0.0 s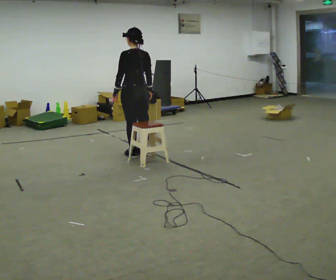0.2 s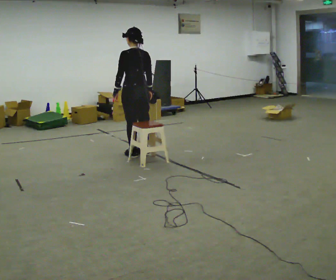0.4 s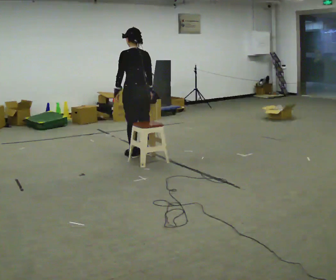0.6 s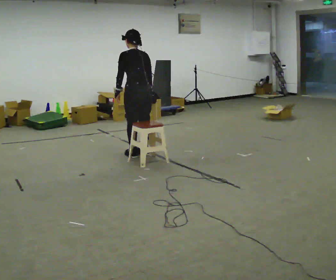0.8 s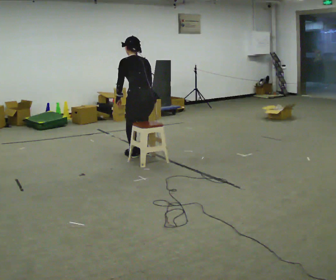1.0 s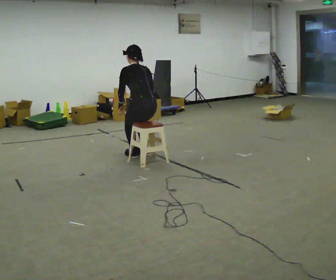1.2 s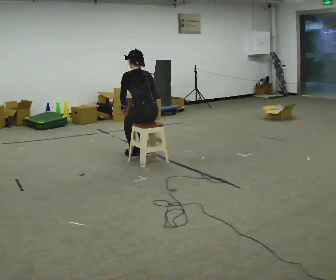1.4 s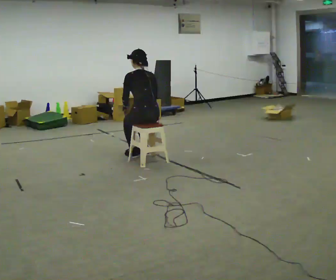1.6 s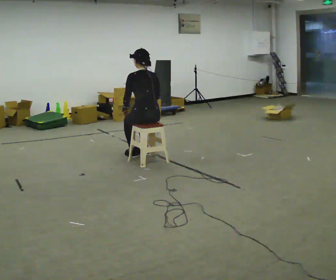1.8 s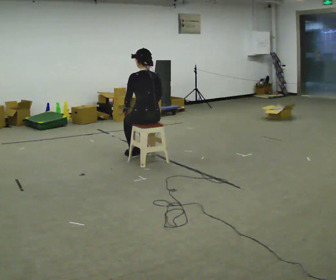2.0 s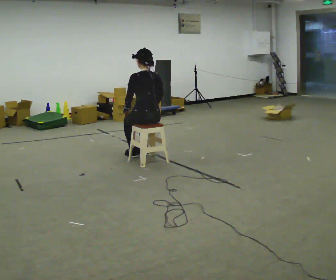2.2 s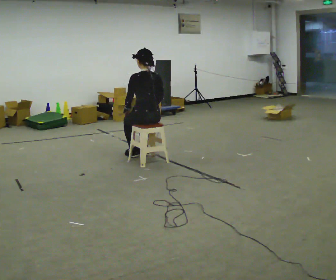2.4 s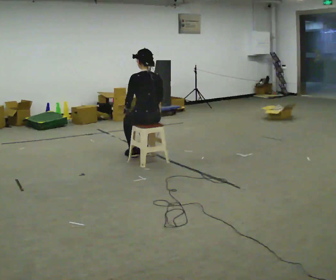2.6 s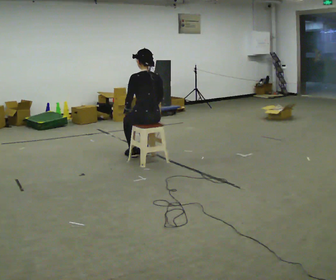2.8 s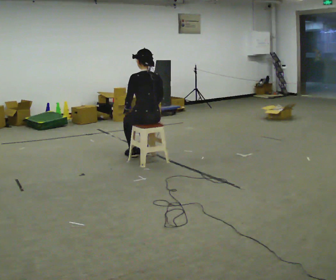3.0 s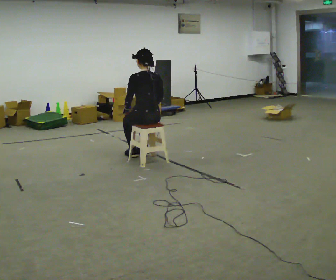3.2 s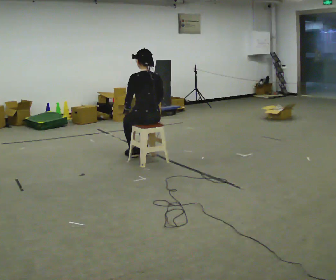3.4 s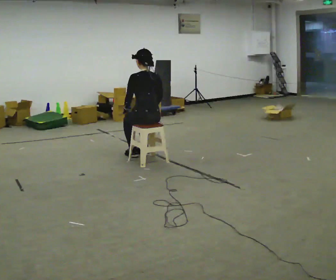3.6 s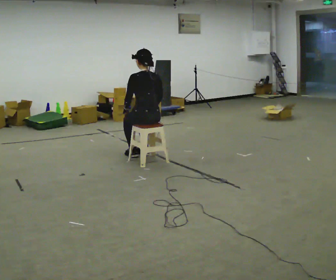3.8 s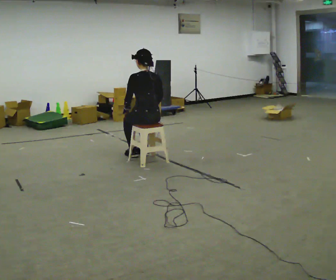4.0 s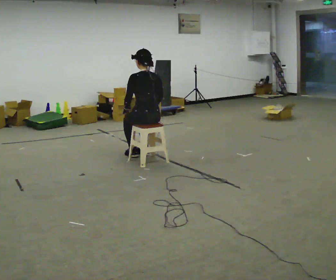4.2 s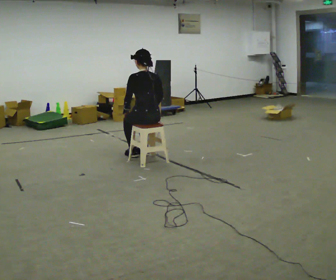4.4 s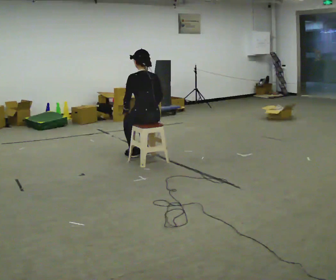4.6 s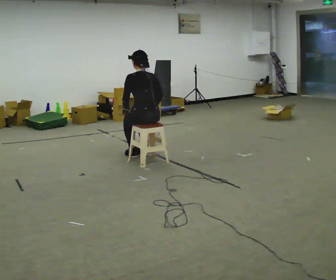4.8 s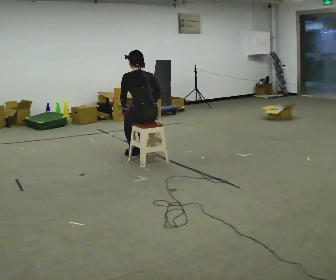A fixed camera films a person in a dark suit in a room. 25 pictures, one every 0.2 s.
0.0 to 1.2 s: In the picture they go toward the camera, about 0.25 m, which for them is backward. The shoulders move downward. The upper body tips away from the camera, its near side rolling upward, as they bend forward.
1.2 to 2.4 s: The upper body tips toward the camera, its near side rolling downward, as they lean back or straighten.
2.4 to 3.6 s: The person keeps their place and pose.
3.6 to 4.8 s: The upper body tips away from the camera, its near side rolling upward, as they bend forward.
The film runs forward here.
